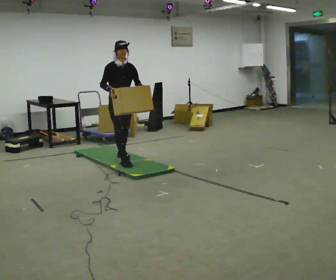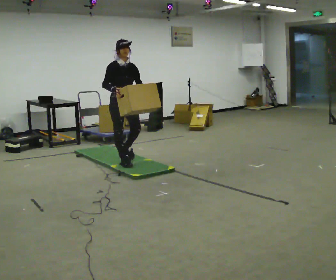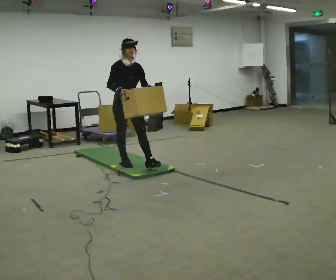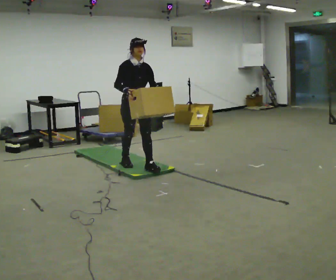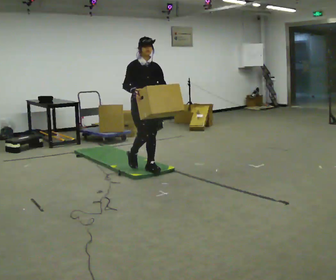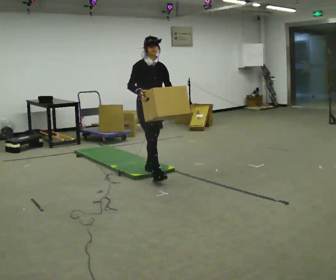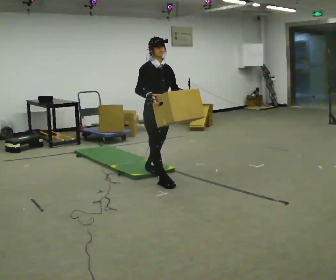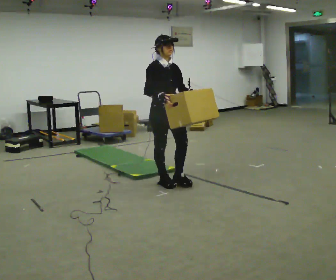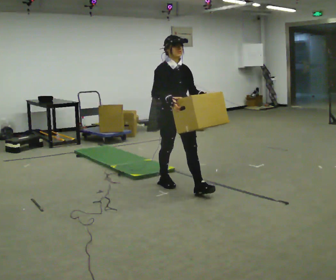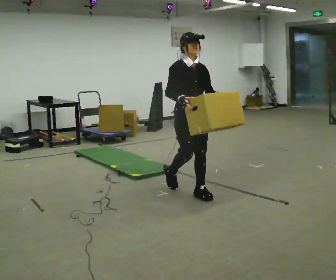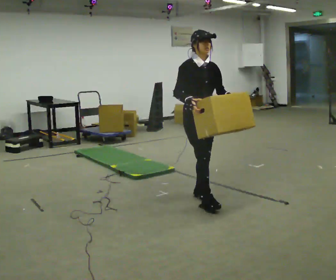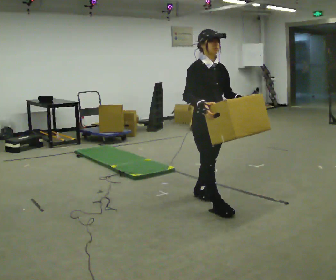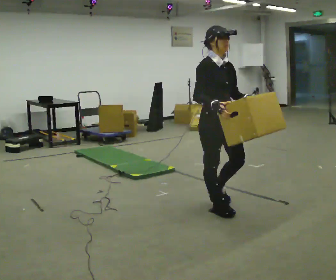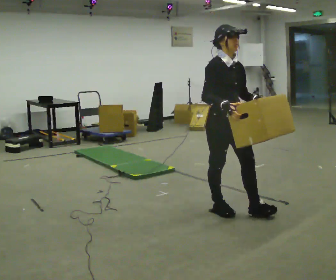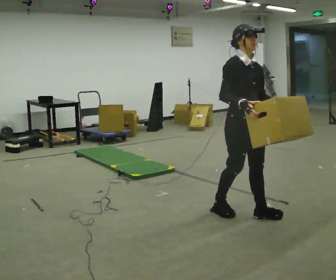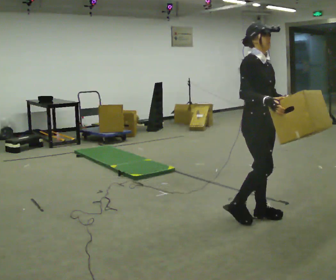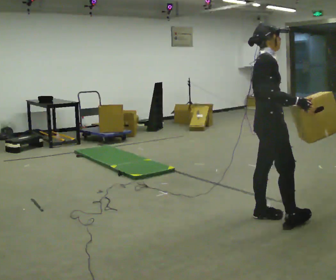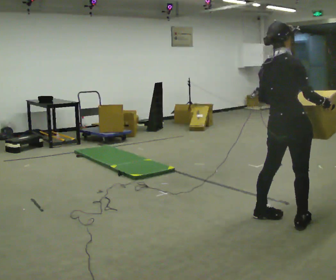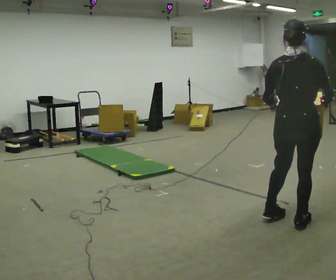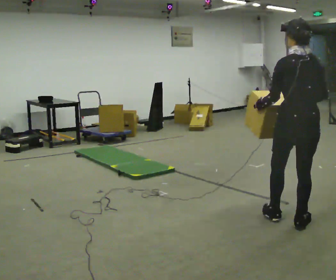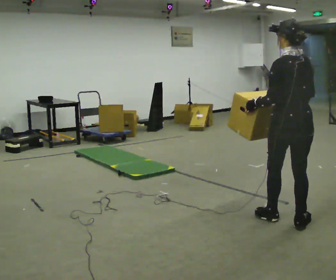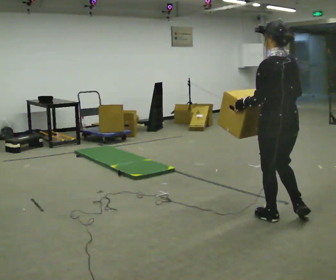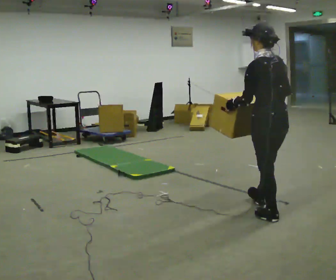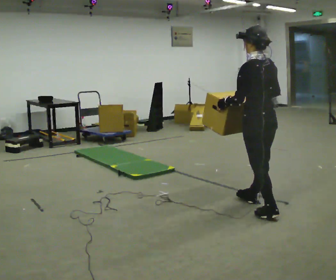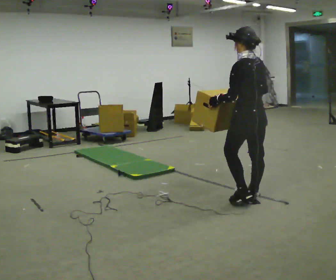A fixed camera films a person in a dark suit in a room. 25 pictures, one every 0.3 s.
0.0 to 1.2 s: In the picture they go toward the camera and to the right, about 0.5 m in 1 step, which for them is forward.
1.2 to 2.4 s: In the picture they go toward the camera and to the right, about 0.5 m in 1 step, which for them is forward.
2.4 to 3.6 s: In the picture they go toward the camera and to the right, about 0.5 m in 2 steps, which for them is forward.
3.6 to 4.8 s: The person turns about 45 degrees to their left, counterclockwise seen from above, so the part of the body nearest the lens slides to the right. In the picture they go to the right and toward the camera, about 0.5 m in 1 step, which for them is forward.
4.8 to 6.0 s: The person turns about 120 degrees to their left, counterclockwise seen from above, so the part of the body nearest the lens slides to the right. In the picture they go to the right, about 0.25 m in 2 steps.
6.0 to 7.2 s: The part of the body nearest the lens slides to the right as the person turns to their left by about 30 degrees. In the picture they go away from the camera and to the left, about 0.5 m in 1 step, which for them is forward.
The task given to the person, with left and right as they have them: Carry the box across the soft uneven mat, set it down on the far side, then bring it back. Keep going until the operator says stop; one object at a time, and do not rush between trips.
The film runs forward here.
